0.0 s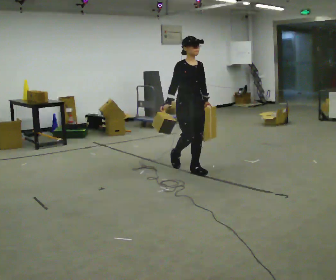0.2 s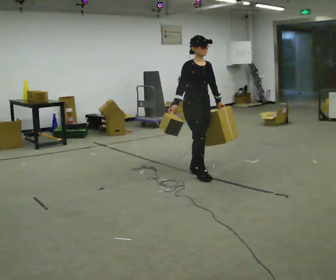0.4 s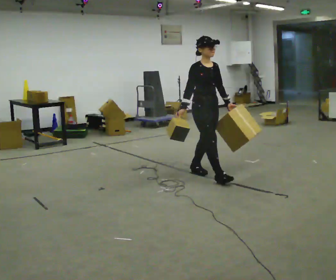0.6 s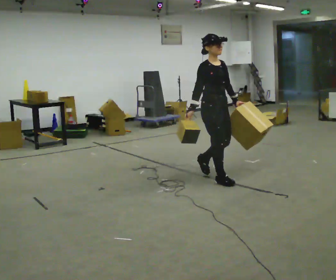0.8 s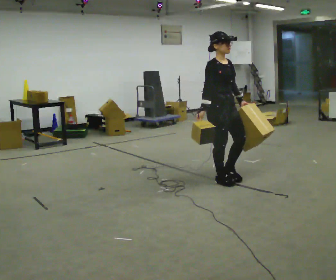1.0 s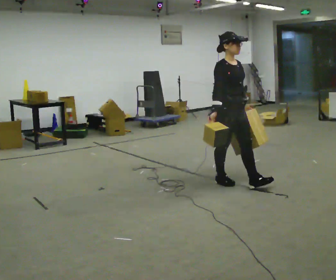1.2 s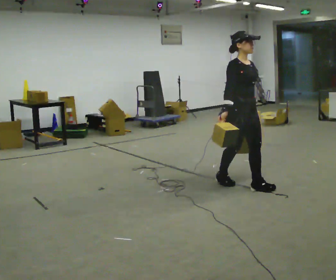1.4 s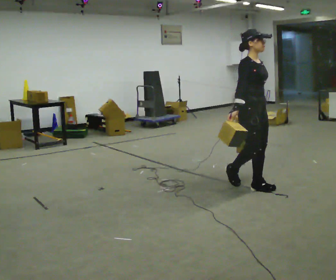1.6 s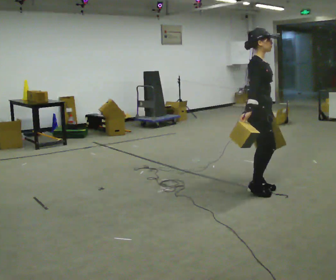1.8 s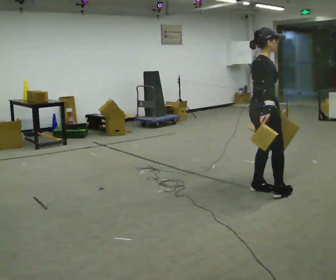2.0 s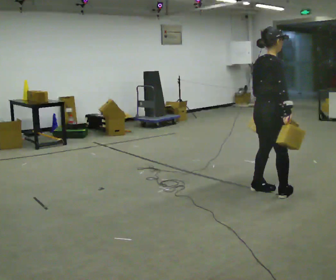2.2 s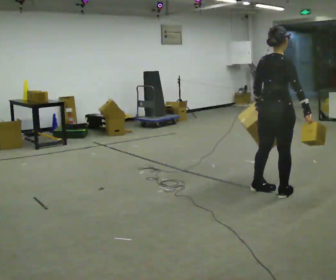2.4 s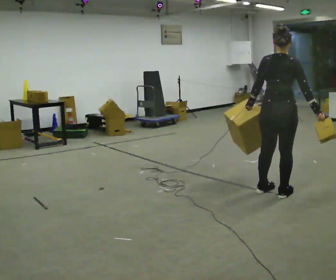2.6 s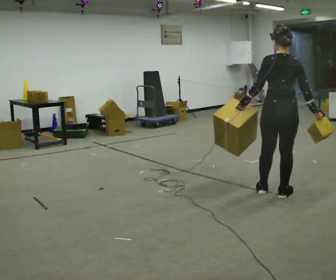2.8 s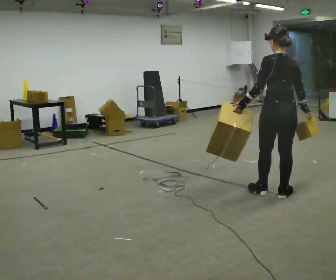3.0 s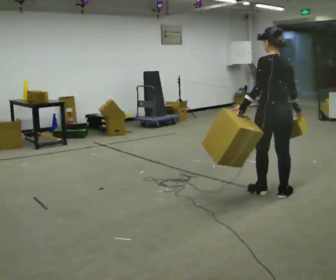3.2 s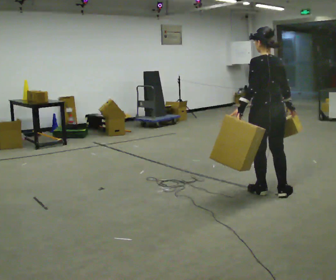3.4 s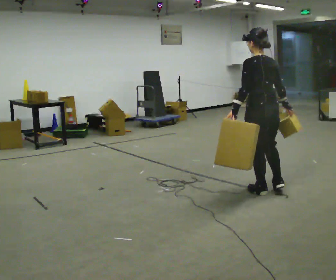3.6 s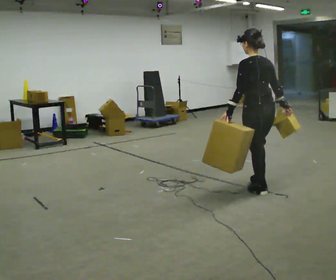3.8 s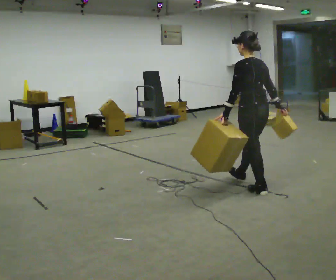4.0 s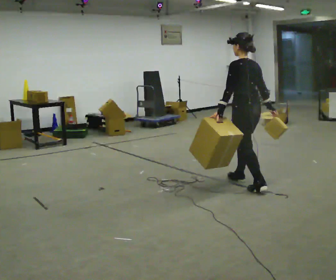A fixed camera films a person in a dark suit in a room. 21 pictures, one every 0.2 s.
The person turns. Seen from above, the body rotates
counterclockwise.
The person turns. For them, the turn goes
to their left.
0.0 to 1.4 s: In the picture they go to the right and toward the camera, about 1 m in 2 steps, which for them is forward.
1.4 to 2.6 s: The part of the body nearest the lens slides to the right as the person turns to their left by about 120 degrees. In the picture they go to the right and toward the camera, about 0.25 m in 1 step.
2.6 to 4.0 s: The part of the body nearest the lens slides to the right as the person turns to their left by about 45 degrees. In the picture they go away from the camera and to the left, about 0.5 m in 1 step, which for them is forward and to their left.
The film runs forward here.
